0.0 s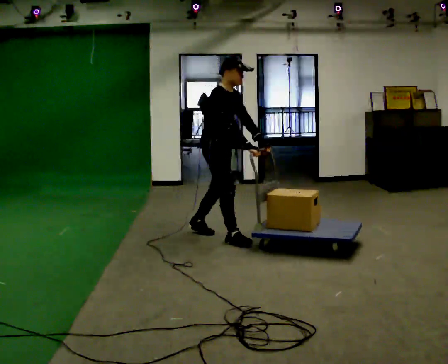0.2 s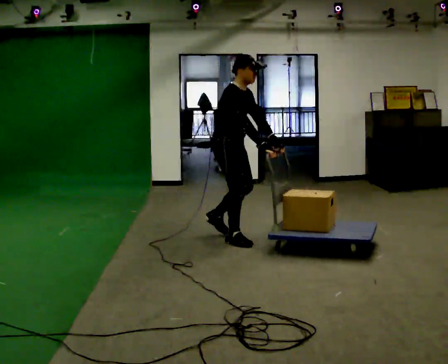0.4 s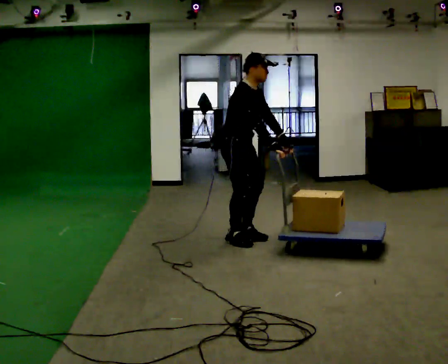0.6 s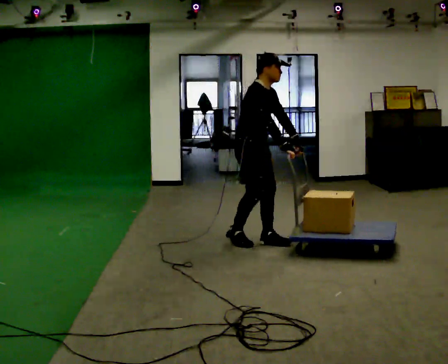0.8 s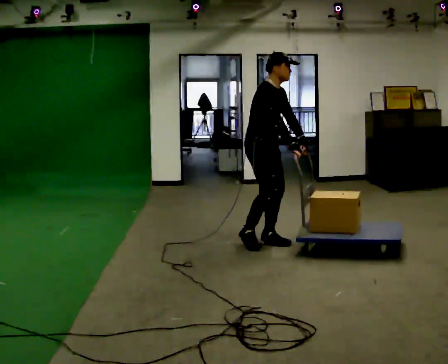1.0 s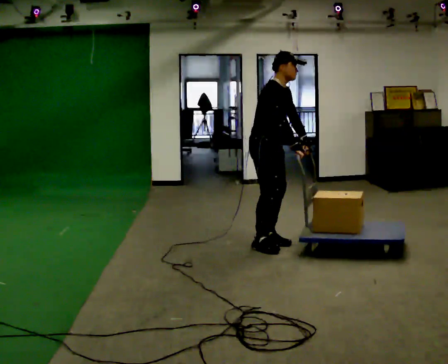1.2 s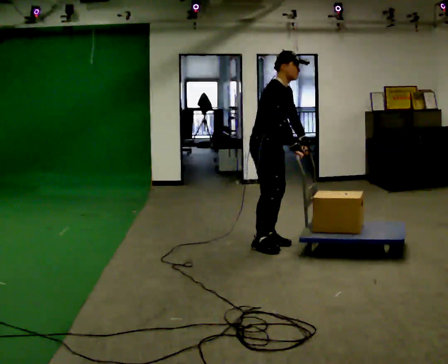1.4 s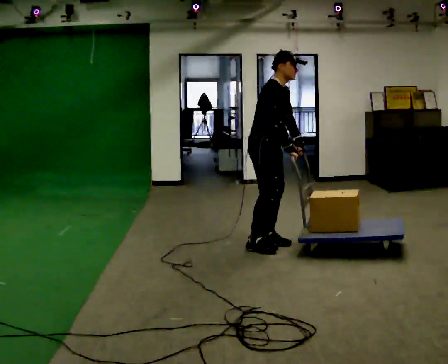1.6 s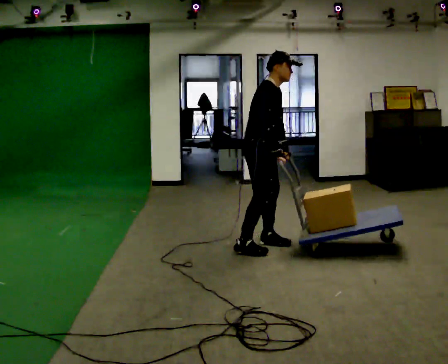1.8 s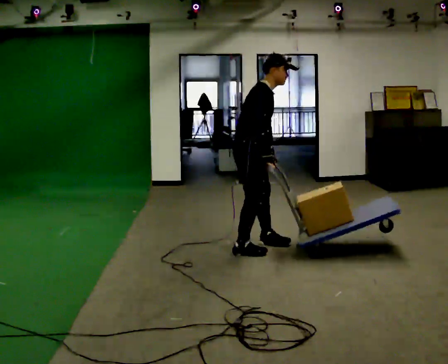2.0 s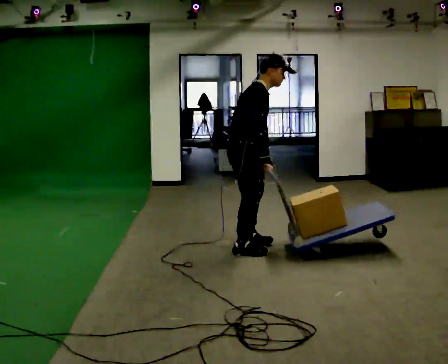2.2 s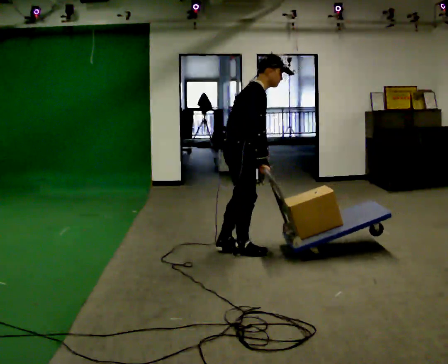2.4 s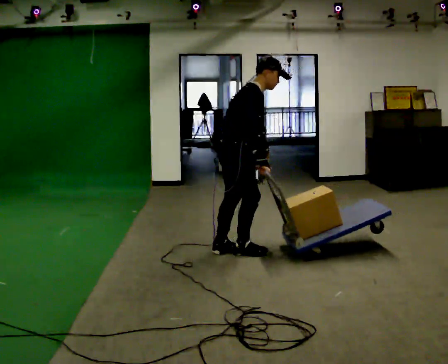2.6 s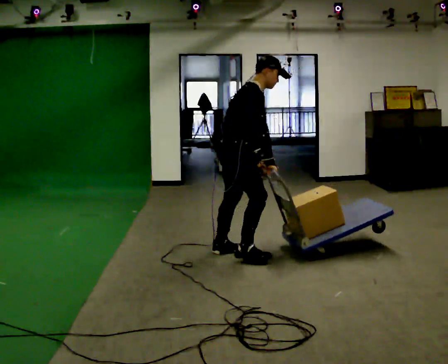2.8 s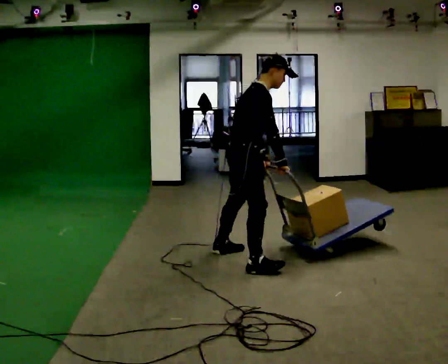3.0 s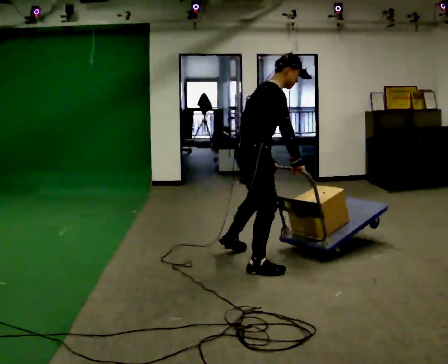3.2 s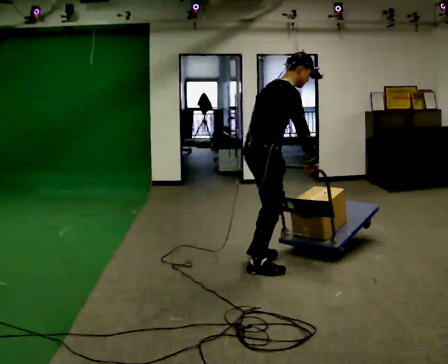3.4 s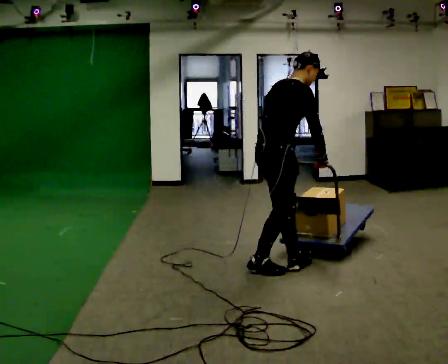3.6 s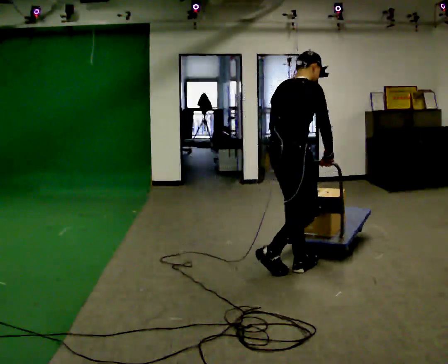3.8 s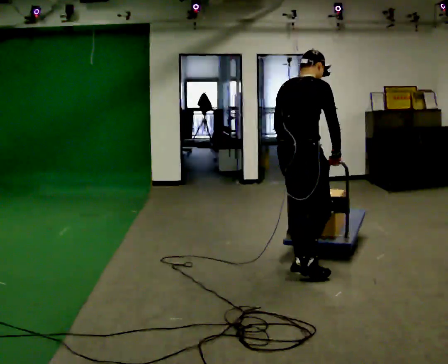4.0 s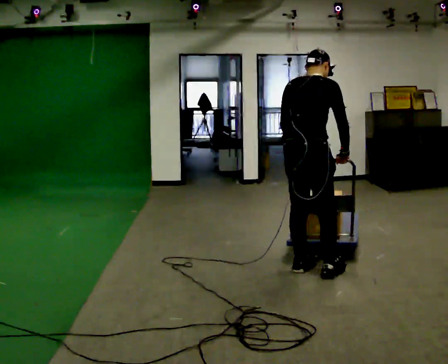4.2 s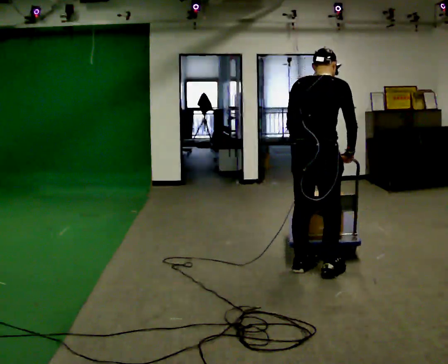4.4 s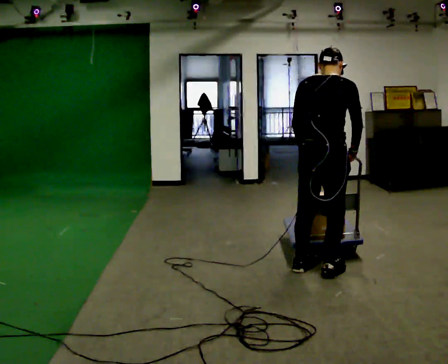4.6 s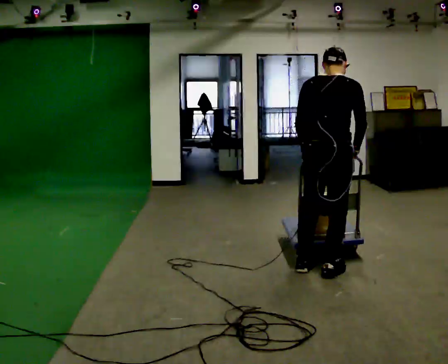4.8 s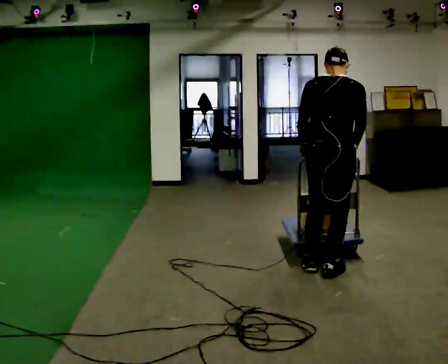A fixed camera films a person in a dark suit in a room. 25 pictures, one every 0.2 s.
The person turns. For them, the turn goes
to their left.
The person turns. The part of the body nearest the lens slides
to the right.
0.0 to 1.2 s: In the picture they go to the right and toward the camera, about 0.5 m in 2 steps, which for them is forward.
1.2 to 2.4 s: The part of the body nearest the lens slides to the right as the person turns to their left by about 30 degrees. In the picture they go toward the camera and to the left, about 0.5 m in 2 steps, which for them is to their right and backward.
2.4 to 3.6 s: In the picture they go toward the camera and to the right, about 0.5 m in 2 steps, which for them is to their right and forward.
3.6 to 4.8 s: The person turns about 45 degrees to their left, counterclockwise seen from above, so the part of the body nearest the lens slides to the right. In the picture they go to the right, about 0.25 m in 1 step, which for them is to their right and forward.
The film runs forward here.
